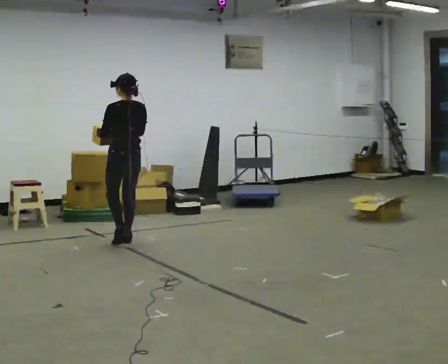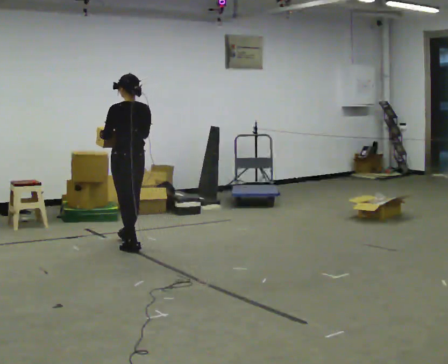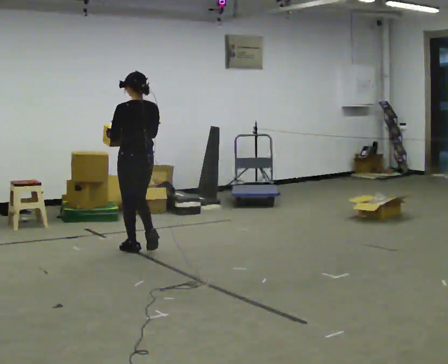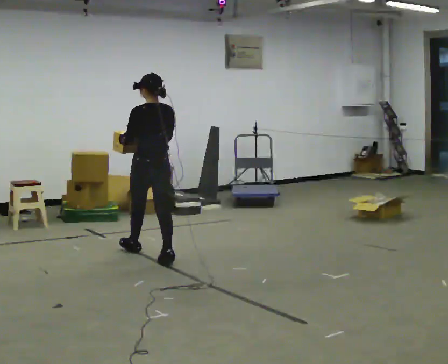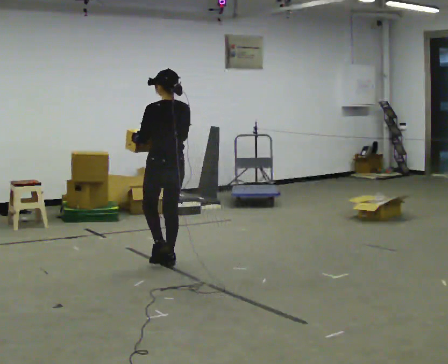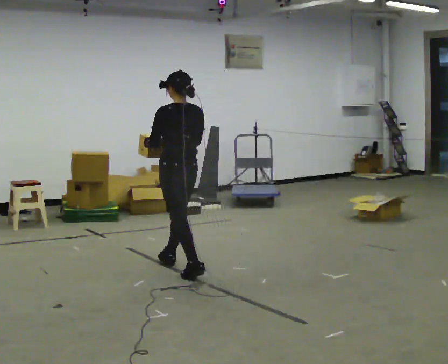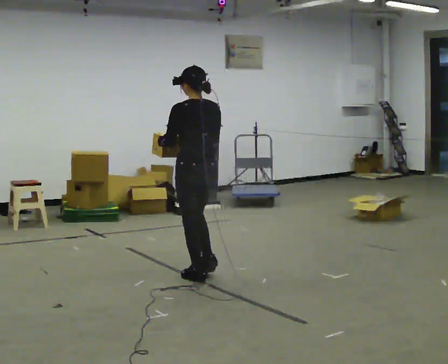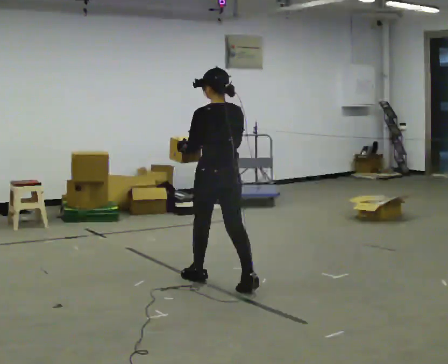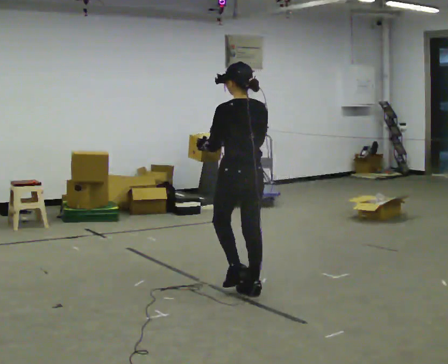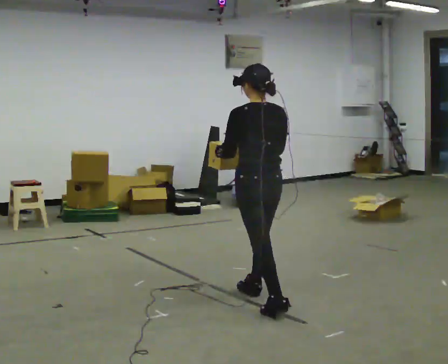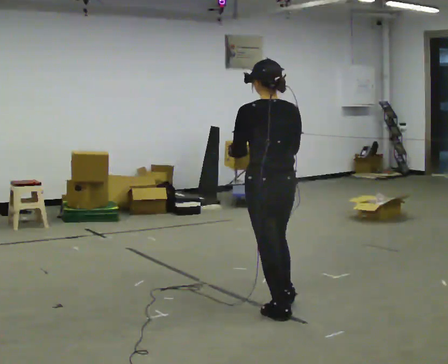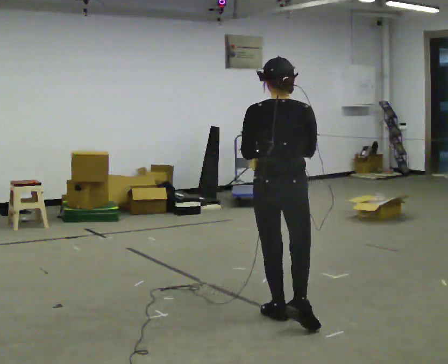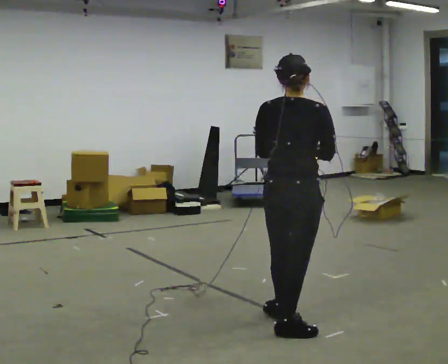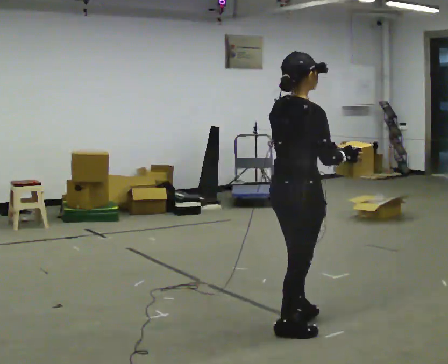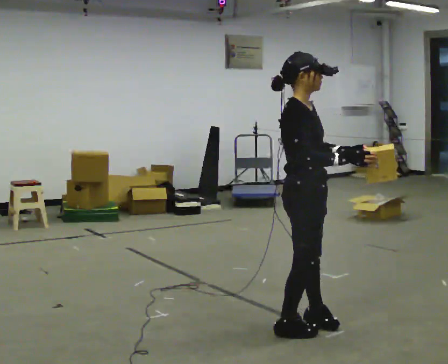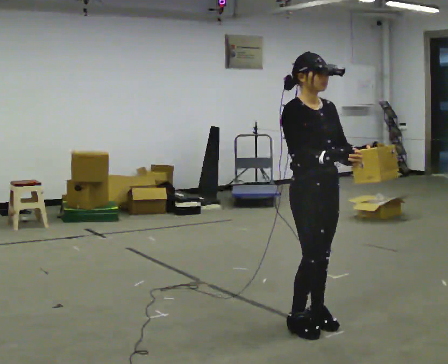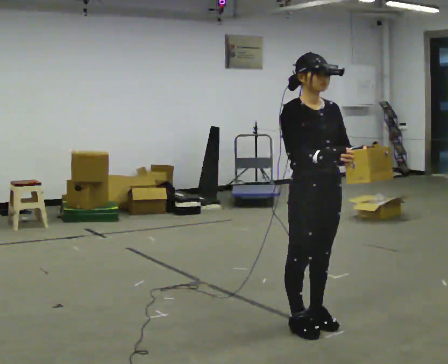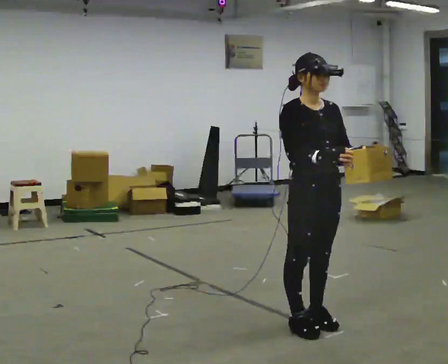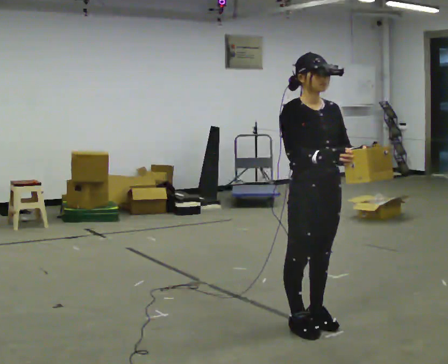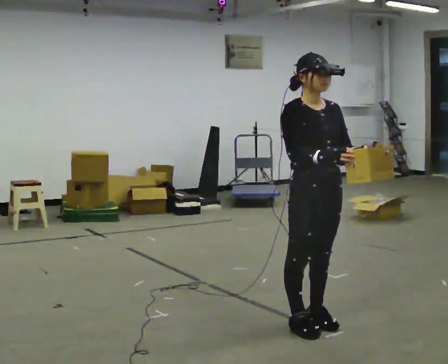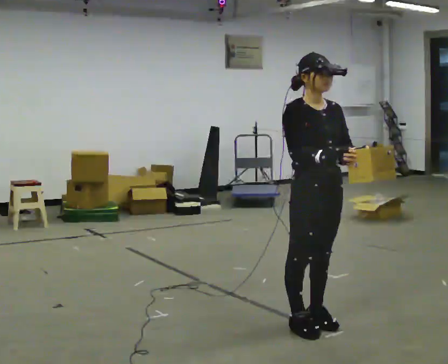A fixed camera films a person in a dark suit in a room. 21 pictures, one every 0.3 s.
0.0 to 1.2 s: In the picture they go toward the camera and to the right, about 1 m in 2 steps, which for them is backward.
1.2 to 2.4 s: In the picture they go to the right and toward the camera, about 1 m in 2 steps, which for them is backward.
2.4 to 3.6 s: Seen from above the body turns clockwise, about 60 degrees: to their right, with its near side sliding to the left. In the picture they go toward the camera and to the right, about 1 m in 1 step, which for them is backward.
3.6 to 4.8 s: Seen from above the body turns clockwise, about 120 degrees: to their right, with its near side sliding to the left.
4.8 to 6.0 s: The person keeps their place and pose.
The film runs backward here.
